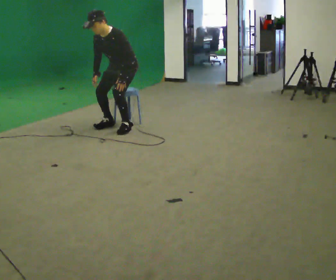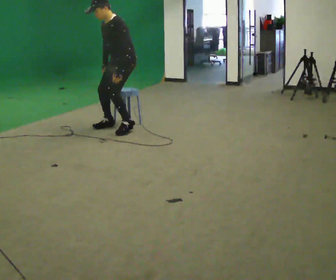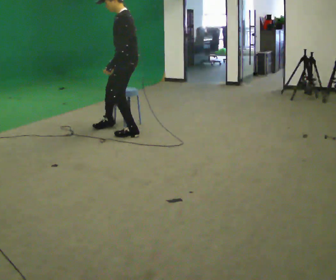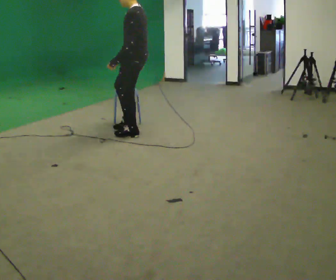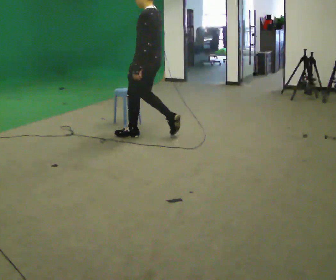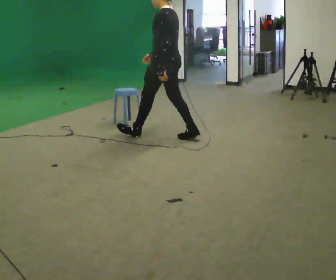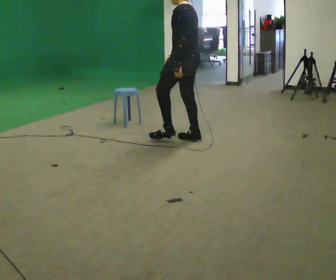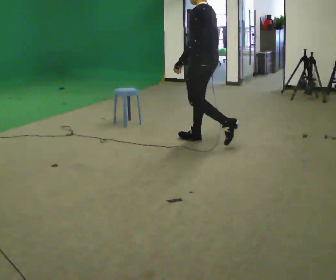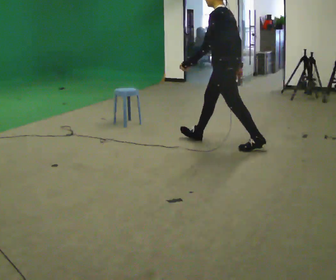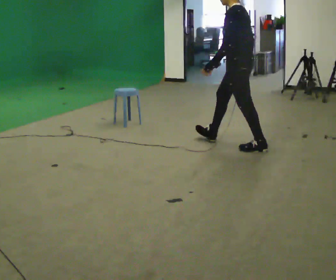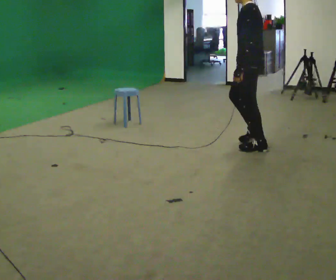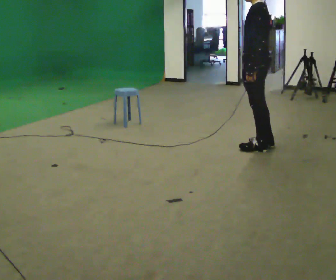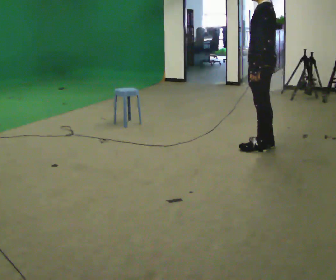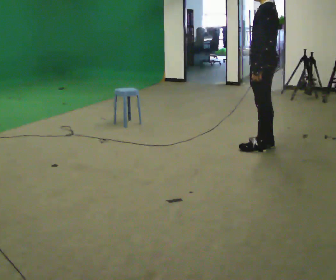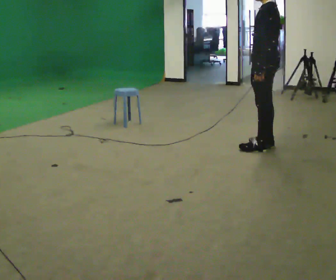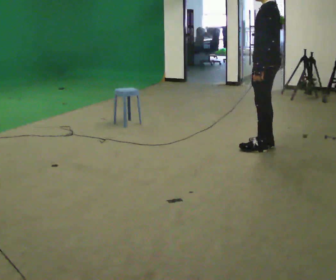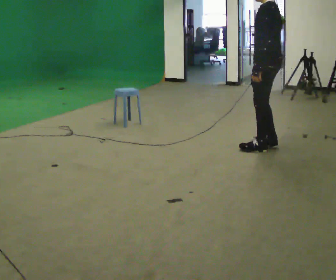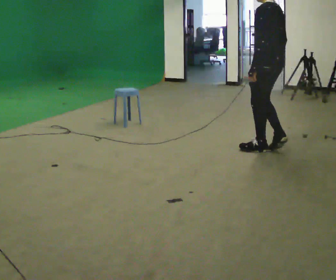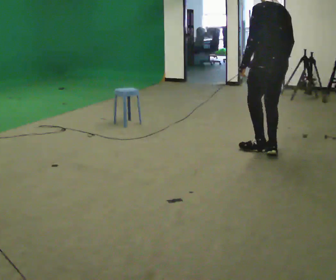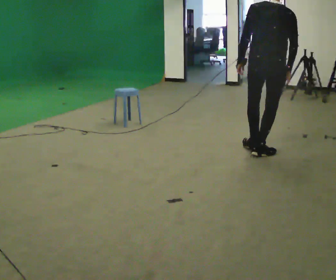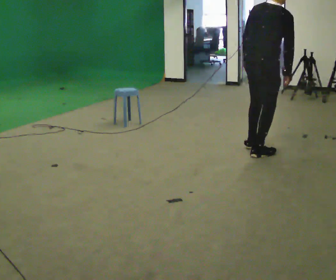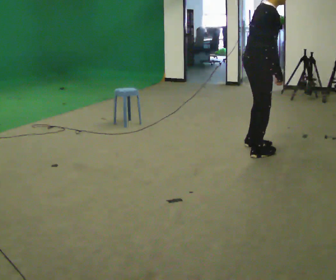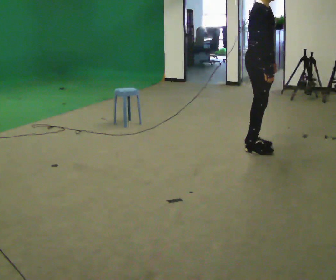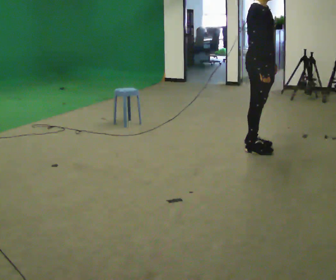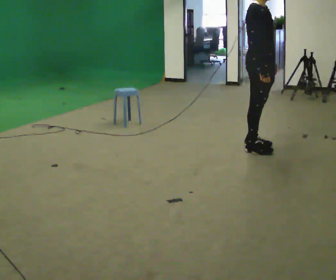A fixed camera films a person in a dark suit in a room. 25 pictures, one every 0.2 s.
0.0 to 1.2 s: The part of the body nearest the lens slides to the left as the person turns to their right by about 75 degrees. In the picture they go to the right and toward the camera, about 1 m in 3 steps. The shoulders move upward. The upper body tips away from the camera, its near side rolling upward, as they lean back or straighten.
1.2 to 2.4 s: In the picture they go to the right, about 1 m in 1 step, which for them is backward.
2.4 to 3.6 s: The part of the body nearest the lens slides to the left as the person turns to their right by about 45 degrees.
3.6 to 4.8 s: The part of the body nearest the lens slides to the left as the person turns to their right by about 150 degrees.
The film runs backward here.
